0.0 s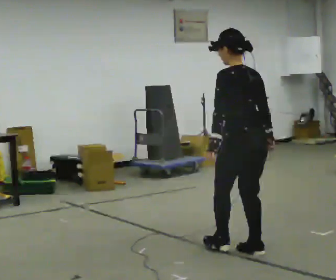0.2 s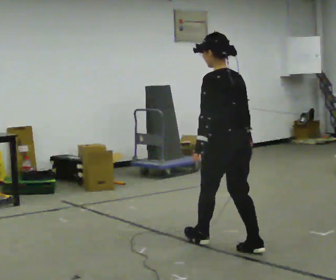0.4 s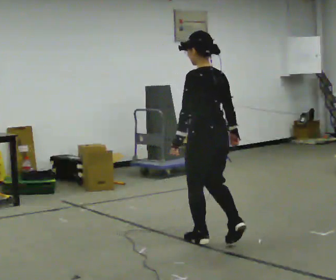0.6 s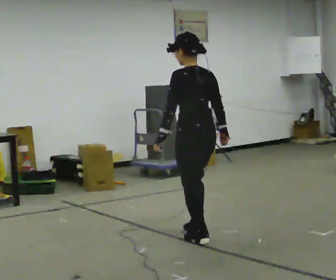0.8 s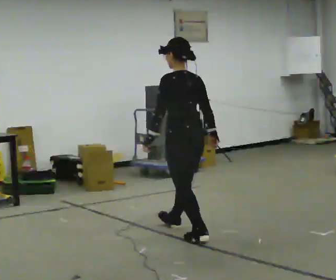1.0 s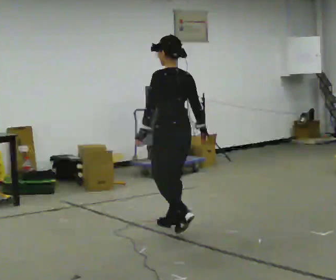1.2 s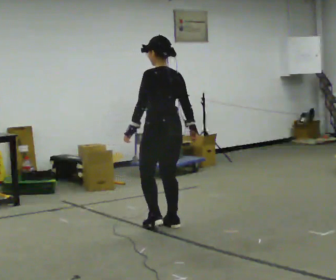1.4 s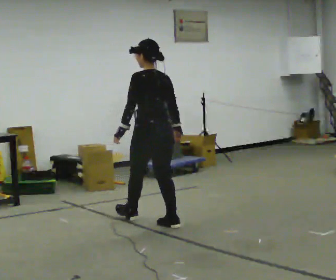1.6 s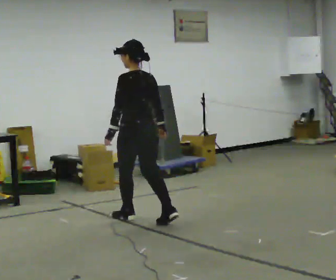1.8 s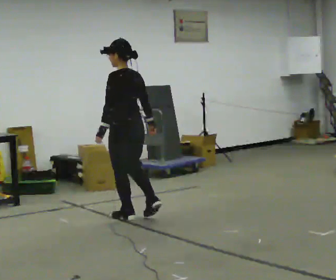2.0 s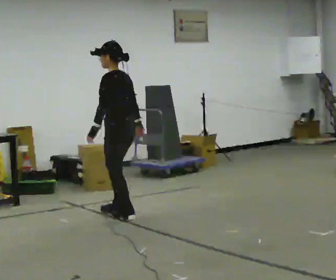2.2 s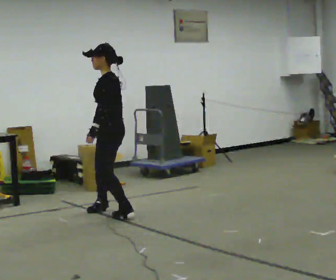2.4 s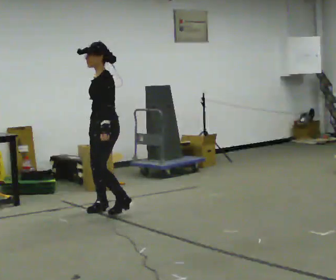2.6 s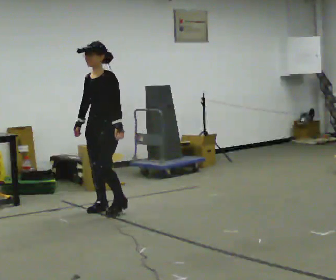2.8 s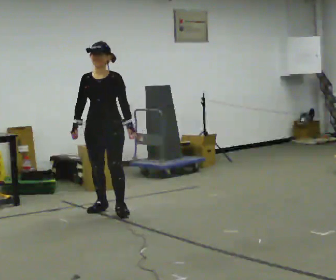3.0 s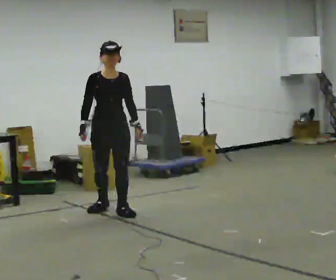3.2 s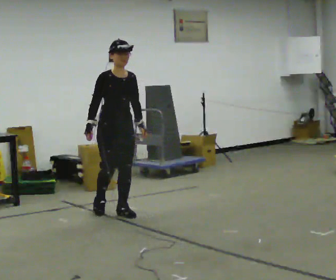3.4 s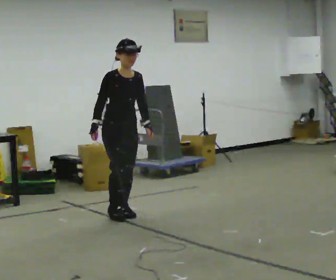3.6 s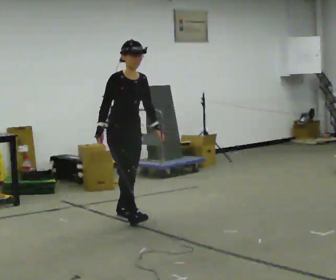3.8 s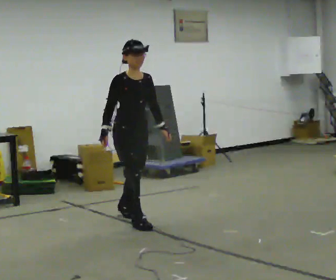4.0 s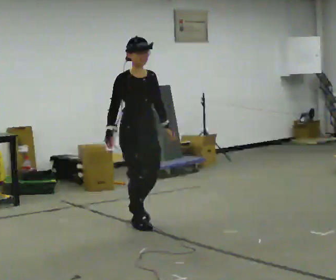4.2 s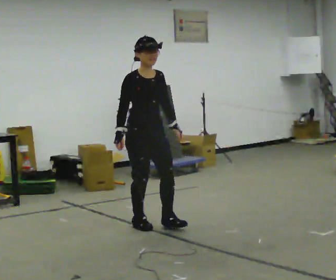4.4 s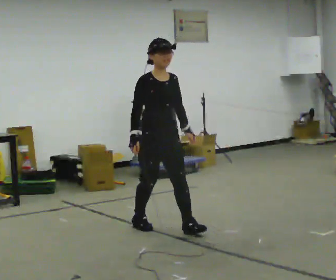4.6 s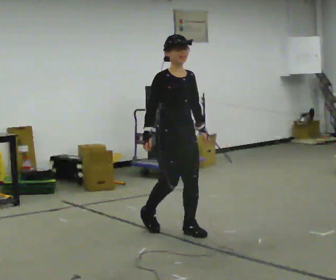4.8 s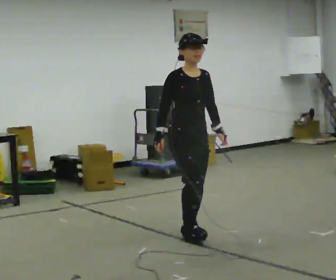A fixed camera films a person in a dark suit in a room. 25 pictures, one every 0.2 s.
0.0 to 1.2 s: In the picture they go away from the camera and to the left, about 1 m in 2 steps, which for them is forward.
1.2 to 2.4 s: The person turns about 60 degrees to their left, counterclockwise seen from above, so the part of the body nearest the lens slides to the right. In the picture they go away from the camera and to the left, about 1 m in 2 steps.
2.4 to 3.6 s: The person turns about 120 degrees to their left, counterclockwise seen from above, so the part of the body nearest the lens slides to the right. In the picture they go toward the camera, about 0.25 m in 1 step.
3.6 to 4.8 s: In the picture they go toward the camera and to the right, about 1 m in 2 steps, which for them is forward.
The film runs backward here.
